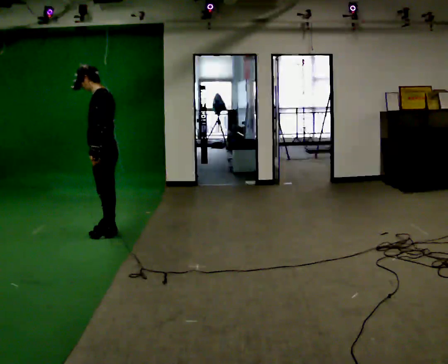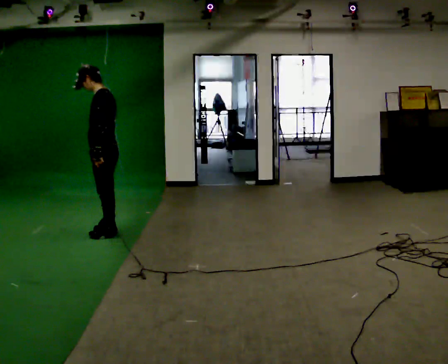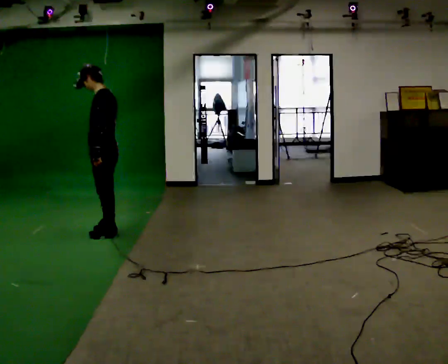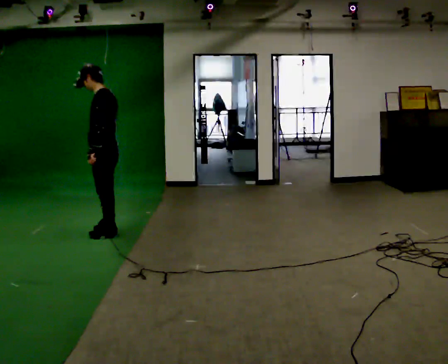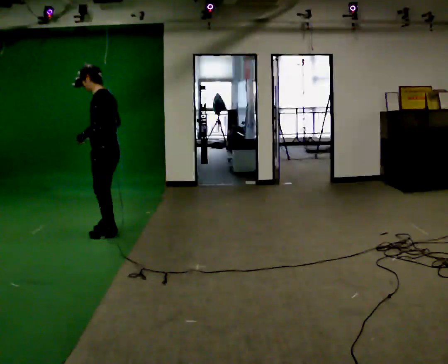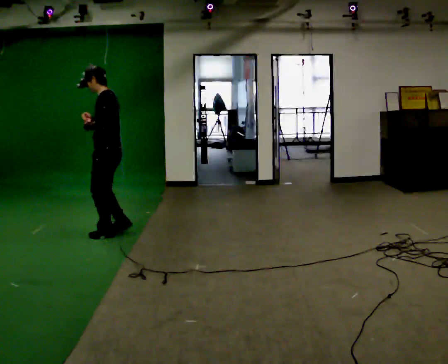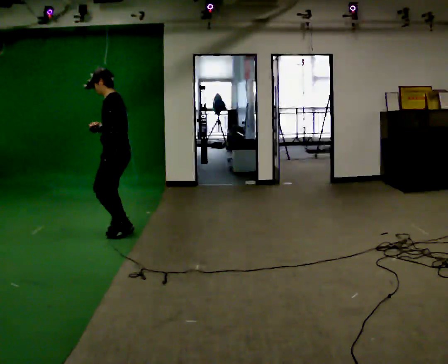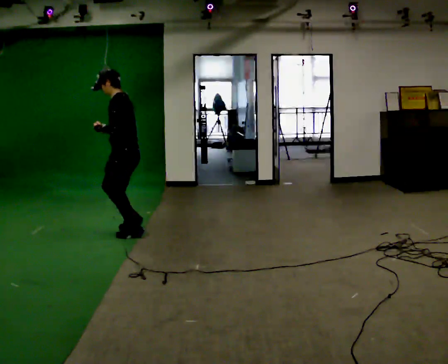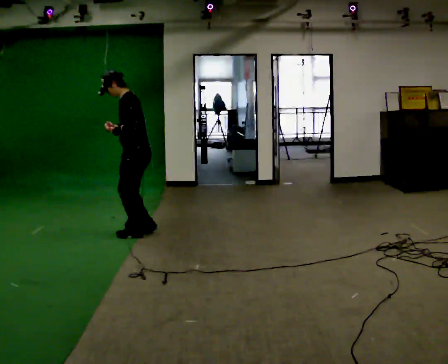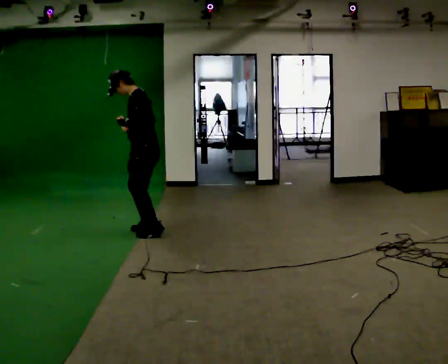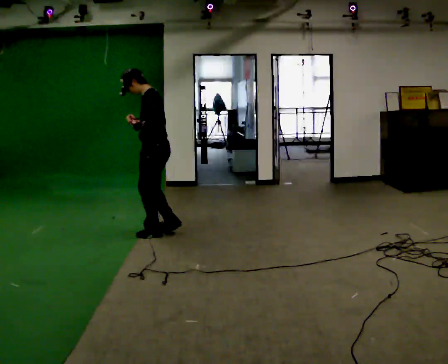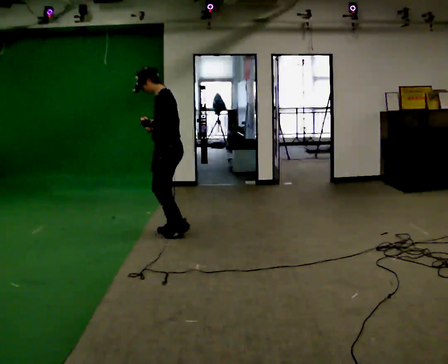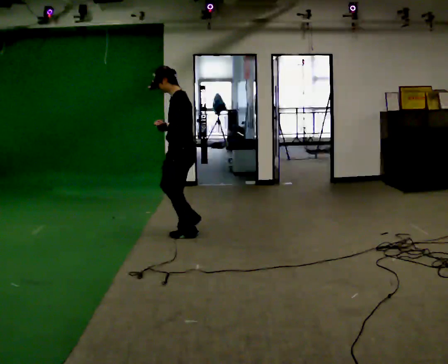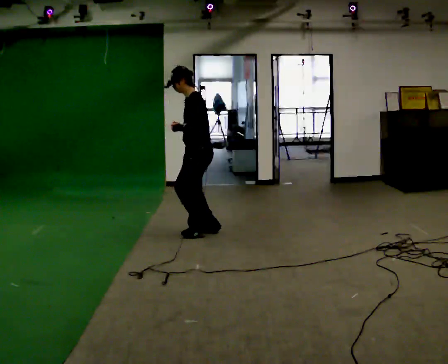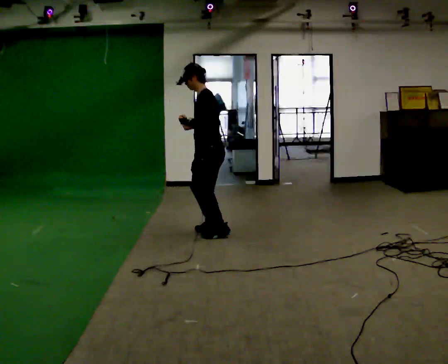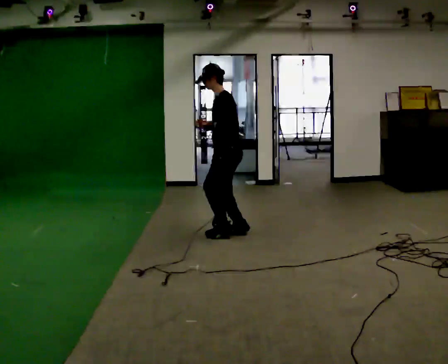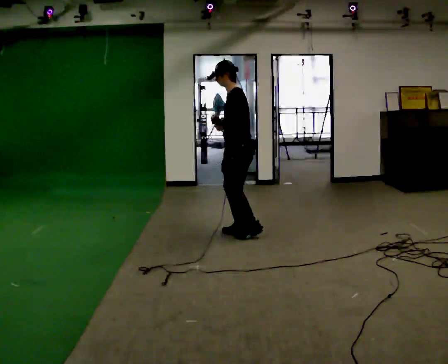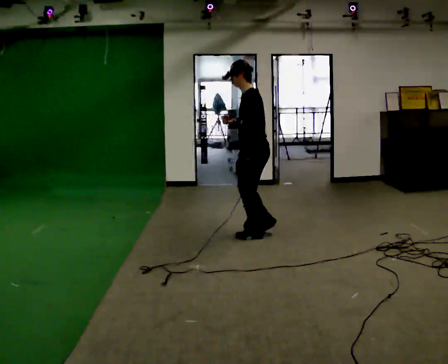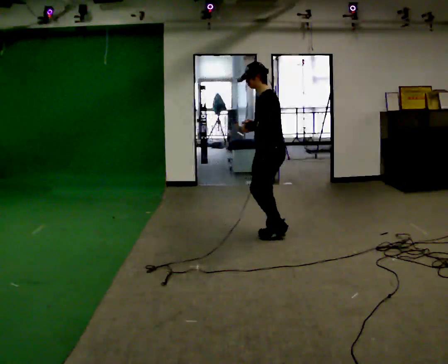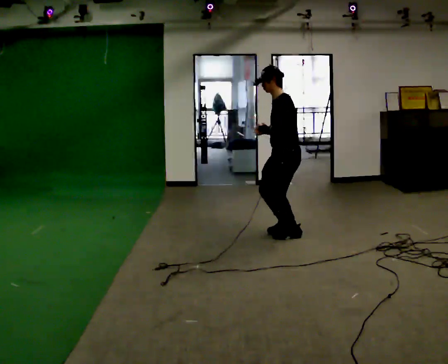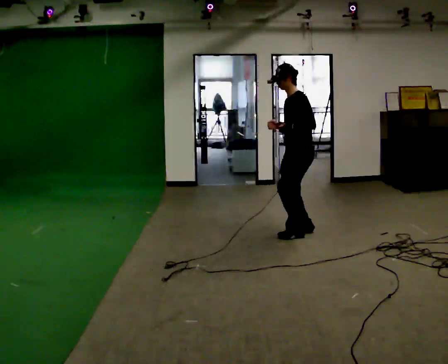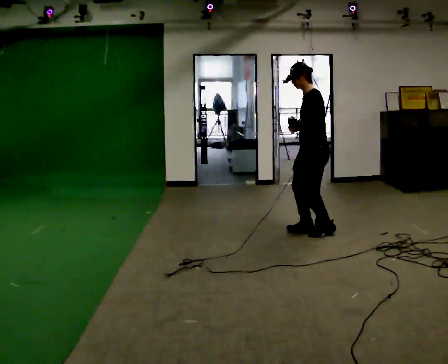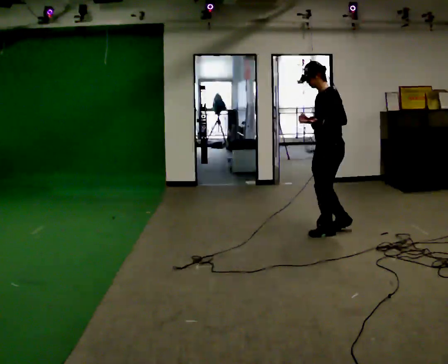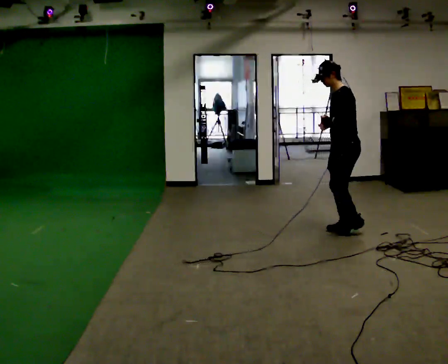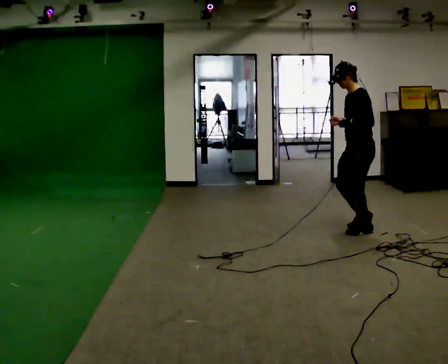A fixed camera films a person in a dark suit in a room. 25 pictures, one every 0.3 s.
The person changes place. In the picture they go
to the right.
0.0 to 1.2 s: The person moves a little, or ends about where they began.
1.2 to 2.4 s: In the picture they go to the right, about 0.25 m in 2 steps, which for them is backward.
2.4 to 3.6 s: In the picture they go to the right, about 0.5 m in 3 steps, which for them is backward.
3.6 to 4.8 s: In the picture they go to the right, about 0.5 m in 4 steps, which for them is backward.
4.8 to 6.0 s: In the picture they go to the right, about 0.5 m in 3 steps, which for them is backward.
6.0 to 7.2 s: In the picture they go to the right, about 0.5 m in 3 steps, which for them is backward.
The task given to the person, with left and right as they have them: Jog backward at a comfortable pace. The operator confirms the space behind you is clear before each take.
The film runs forward here.
